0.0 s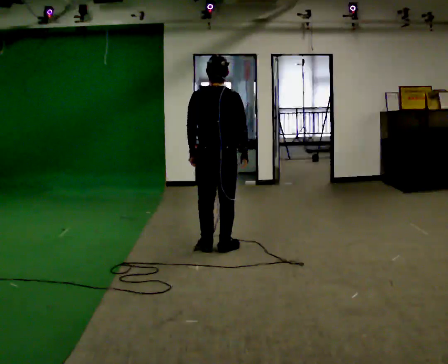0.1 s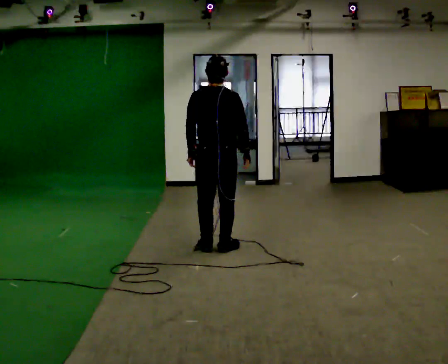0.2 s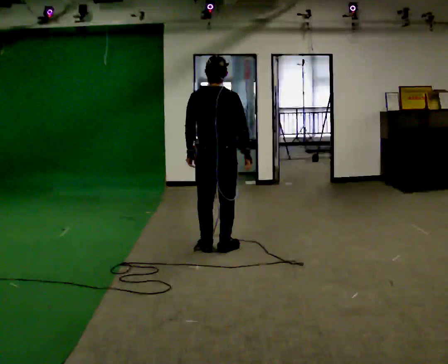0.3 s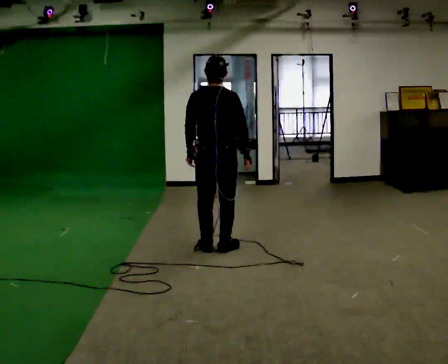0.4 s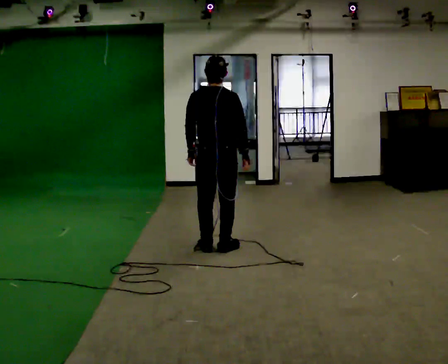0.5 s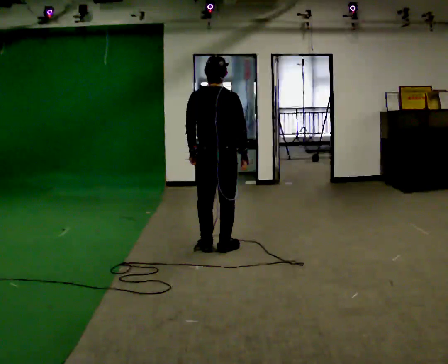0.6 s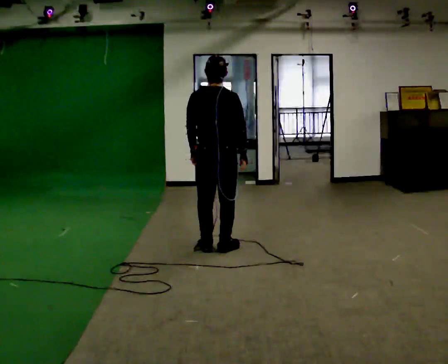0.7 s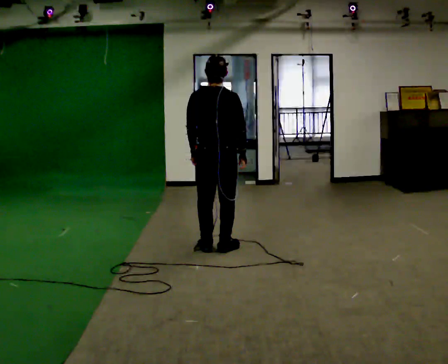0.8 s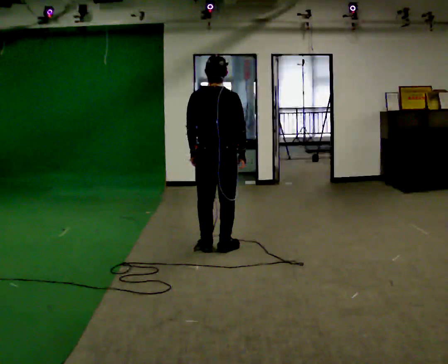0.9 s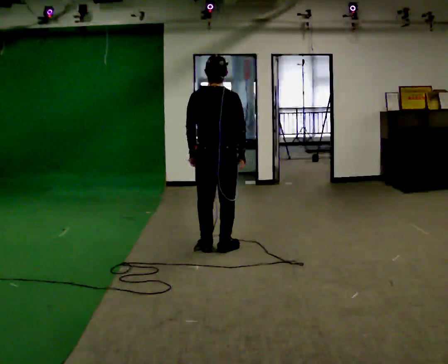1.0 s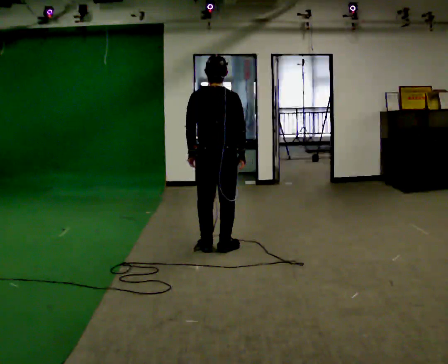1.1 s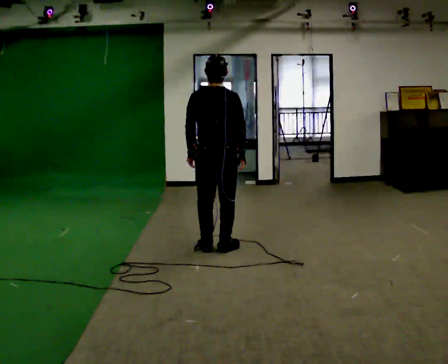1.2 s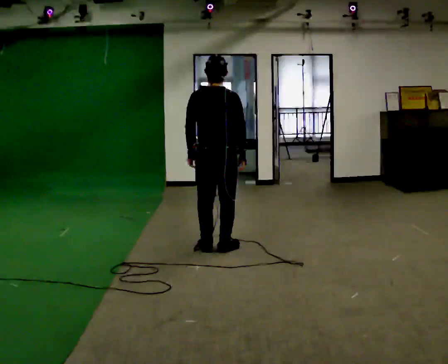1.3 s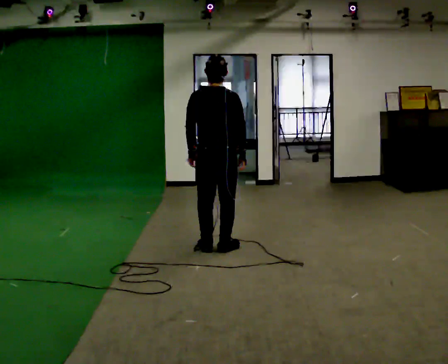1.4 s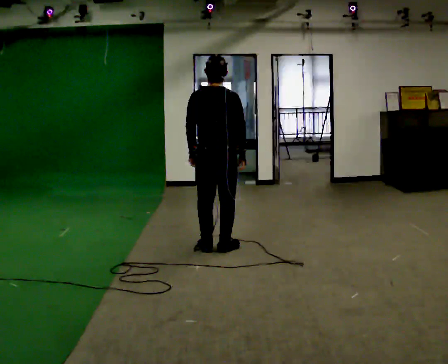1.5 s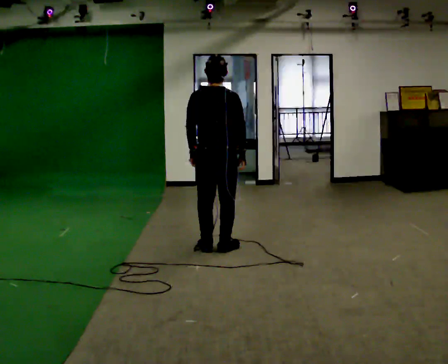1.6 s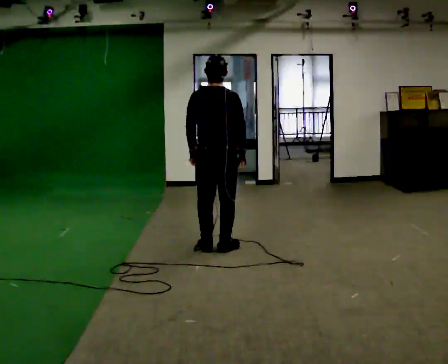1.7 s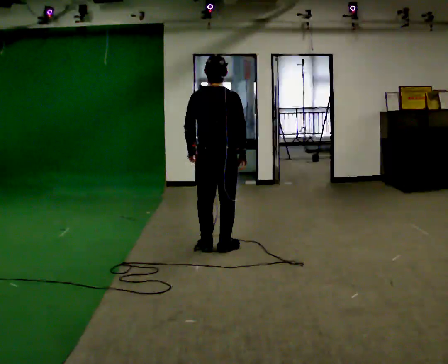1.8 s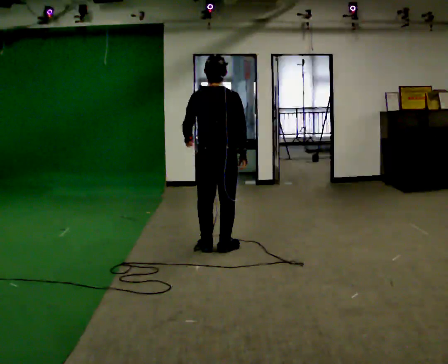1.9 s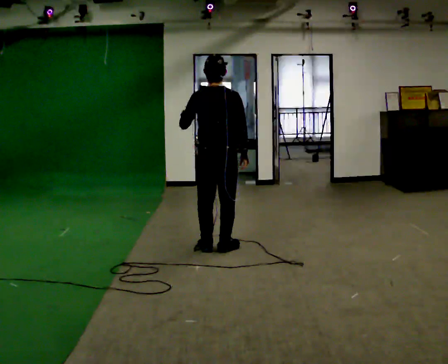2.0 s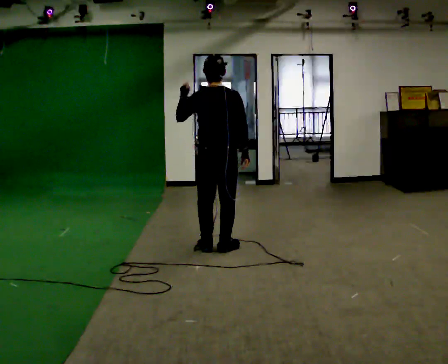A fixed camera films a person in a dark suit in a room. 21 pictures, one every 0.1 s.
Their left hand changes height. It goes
upward.
0.0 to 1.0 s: The person moves a little, or ends about where they began.
1.0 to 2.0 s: In the picture their left hand goes upward.
The film runs forward here.
